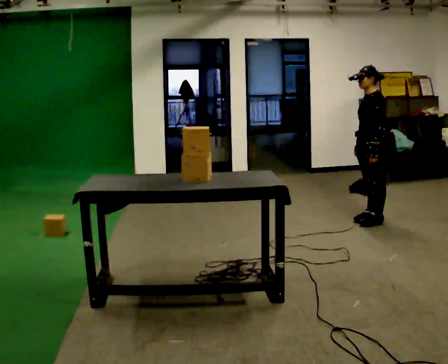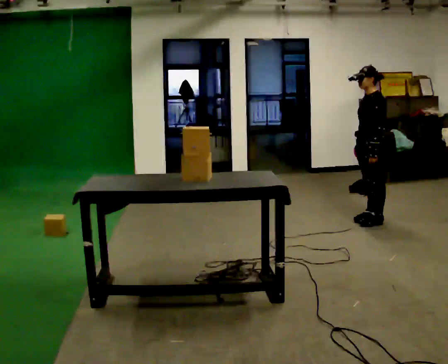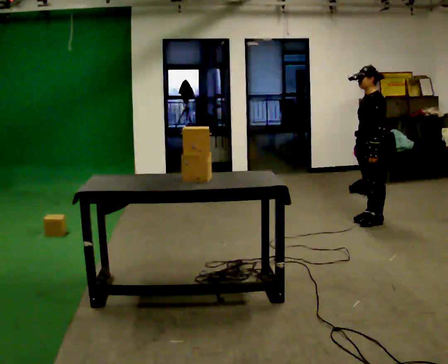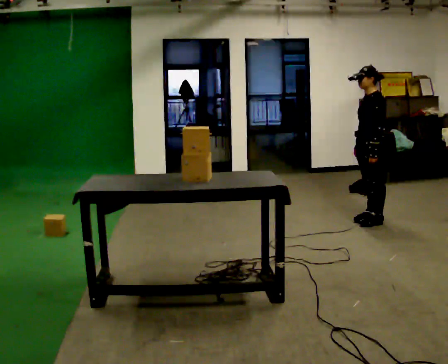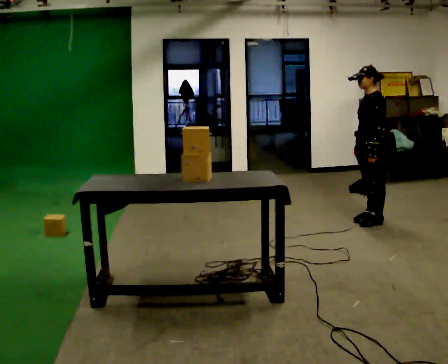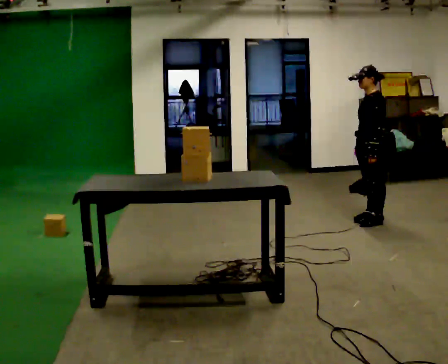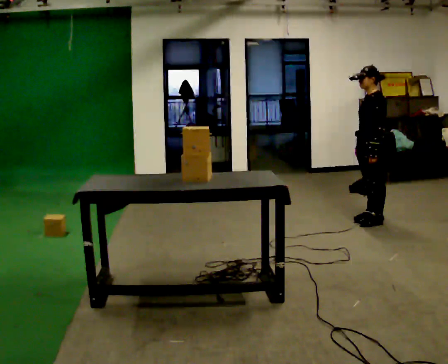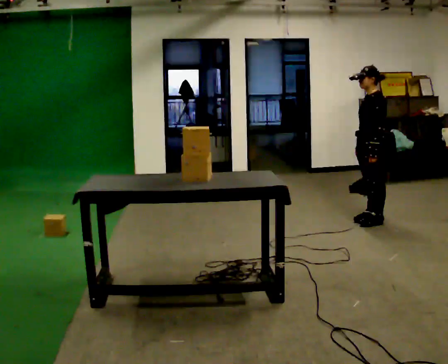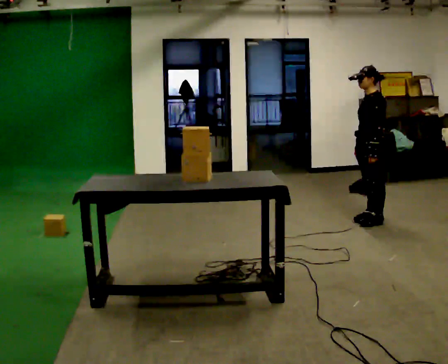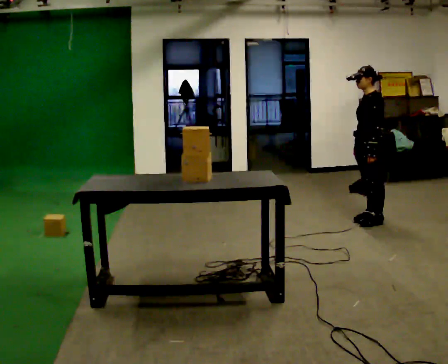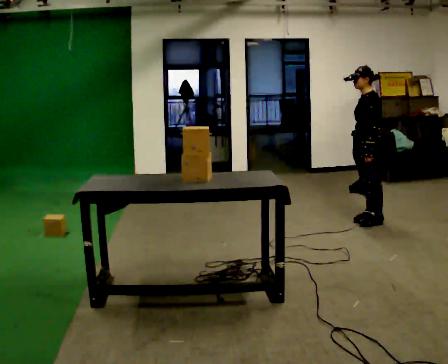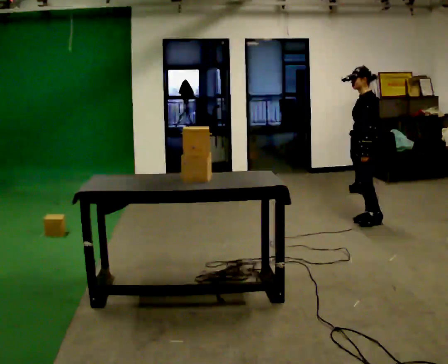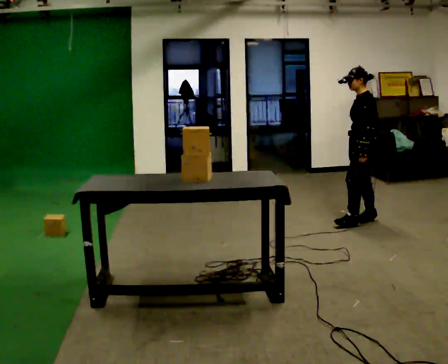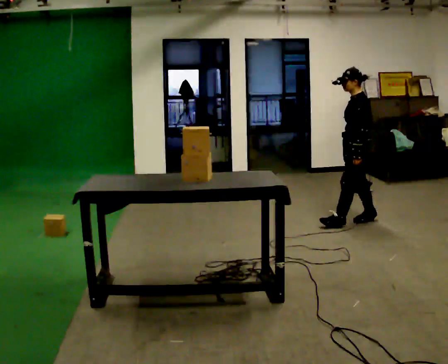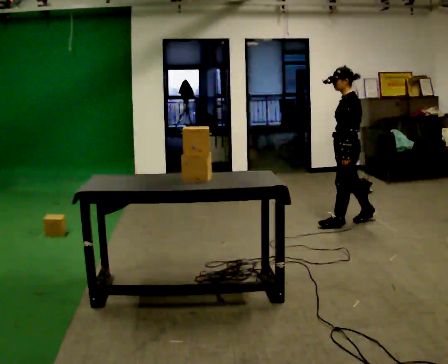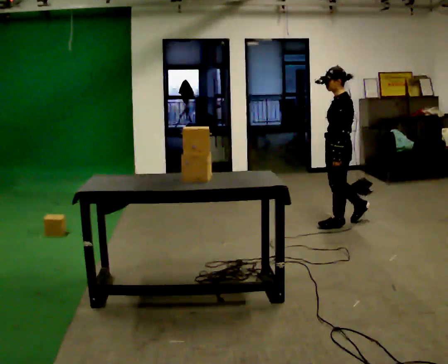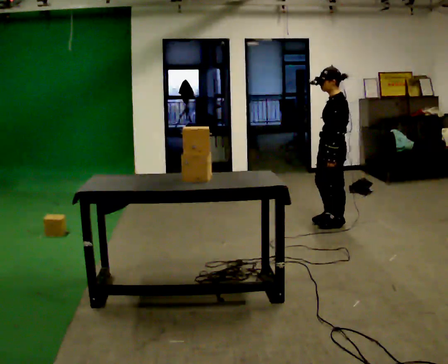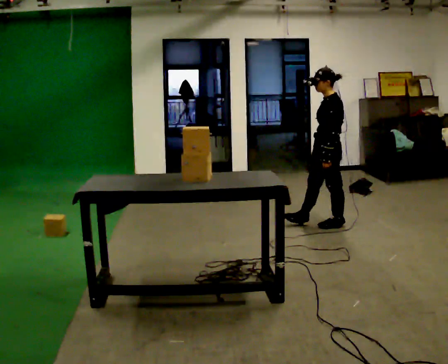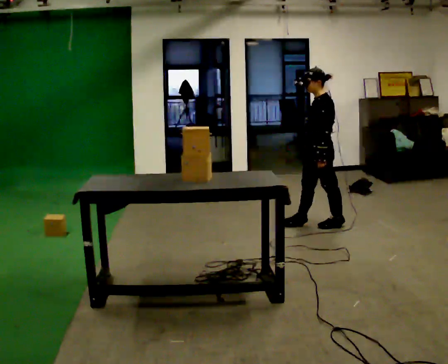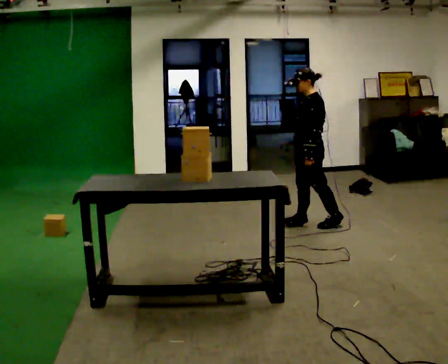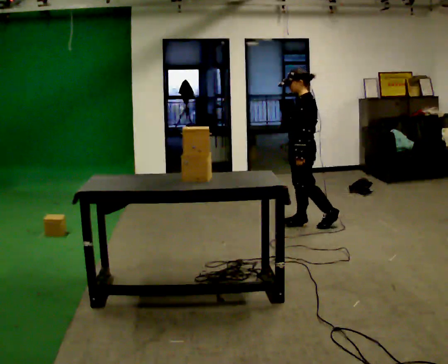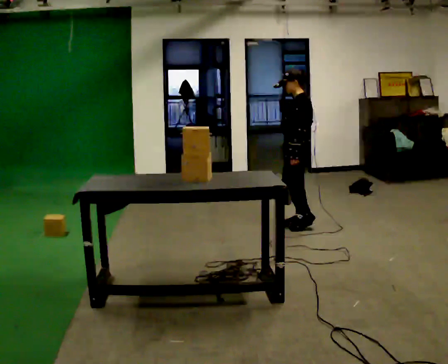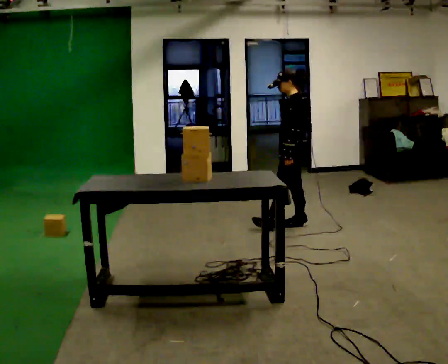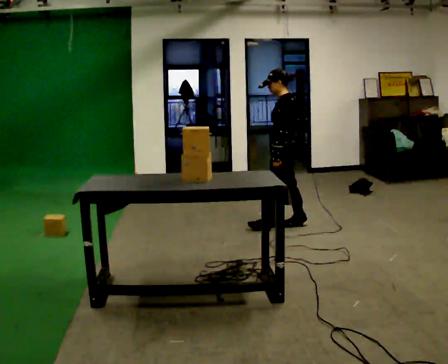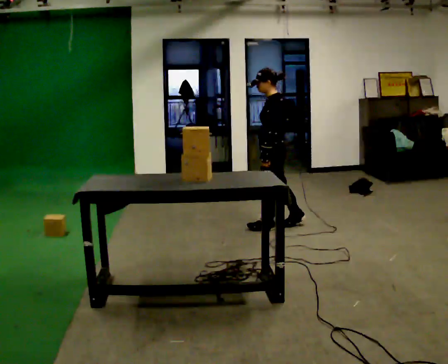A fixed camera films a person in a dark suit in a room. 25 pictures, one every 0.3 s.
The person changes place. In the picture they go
to the left.
0.0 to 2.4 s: The person keeps their place and pose.
2.4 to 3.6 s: The person moves a little, or ends about where they began.
3.6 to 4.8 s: In the picture they go to the left and toward the camera, about 0.25 m in 1 step, which for them is forward.
4.8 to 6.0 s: In the picture they go to the left, about 0.25 m in 1 step, which for them is forward and to their right.
6.0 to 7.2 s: In the picture they go to the left and toward the camera, about 0.25 m in 1 step, which for them is forward.
The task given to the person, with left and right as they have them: Bring the boxes over one at a time and stack them on top of each other, walking back for each one. Keep going until the operator says stop; one object at a time, and do not rush between trips.
The film runs forward here.
